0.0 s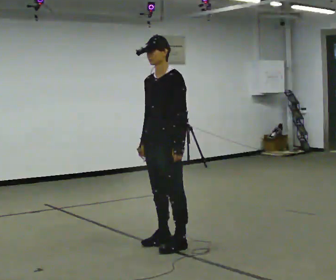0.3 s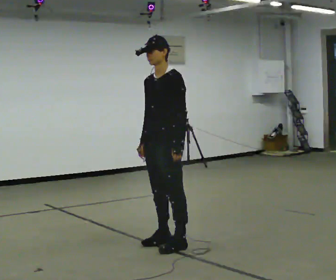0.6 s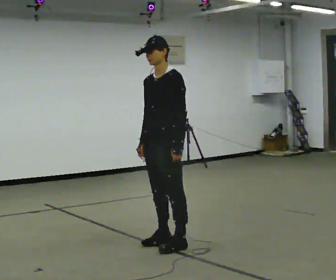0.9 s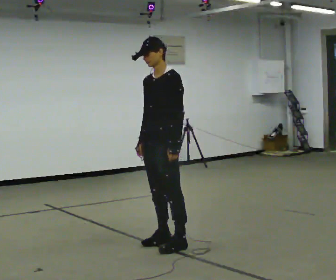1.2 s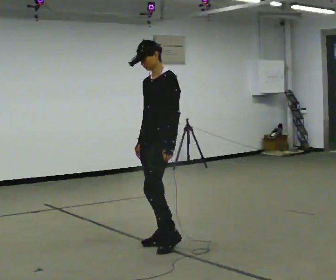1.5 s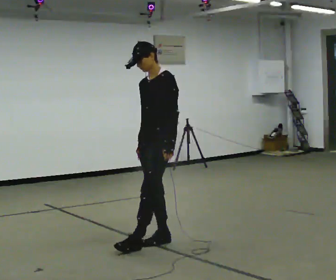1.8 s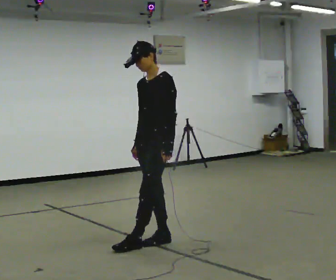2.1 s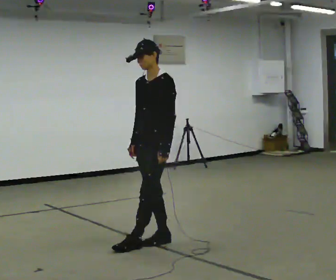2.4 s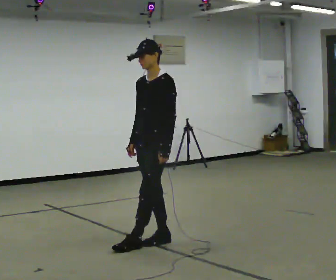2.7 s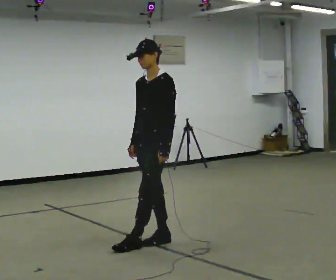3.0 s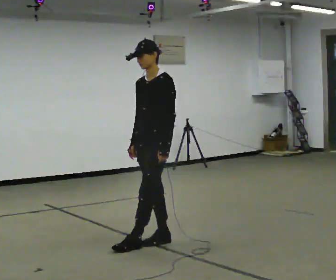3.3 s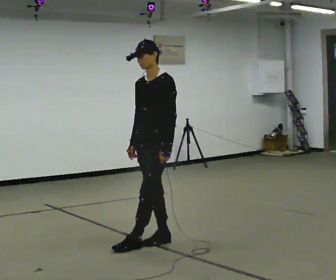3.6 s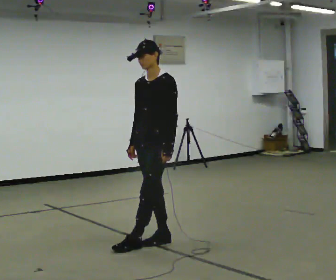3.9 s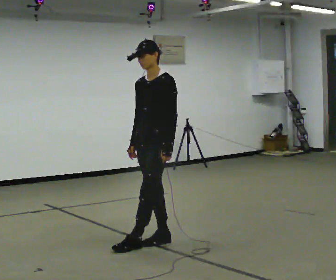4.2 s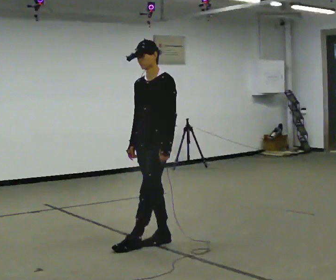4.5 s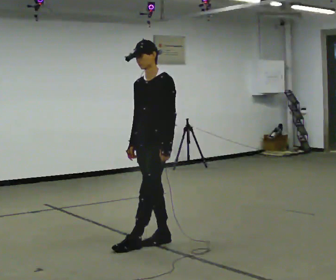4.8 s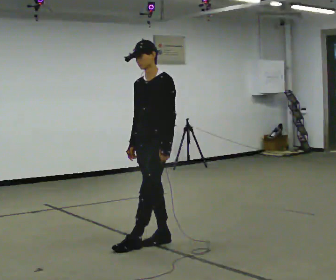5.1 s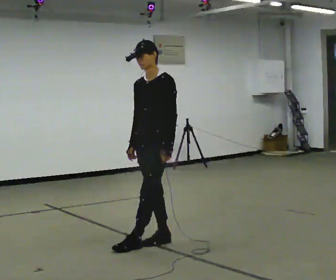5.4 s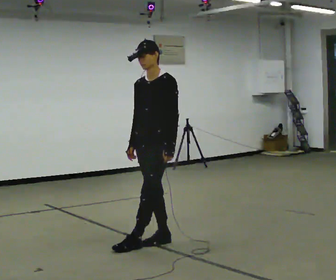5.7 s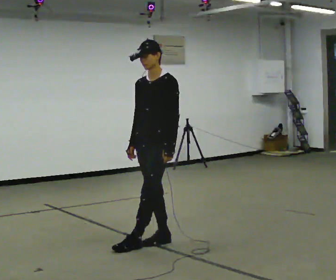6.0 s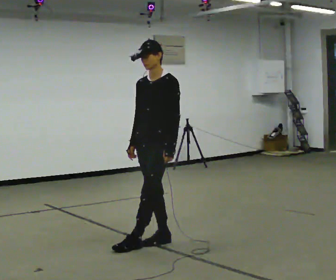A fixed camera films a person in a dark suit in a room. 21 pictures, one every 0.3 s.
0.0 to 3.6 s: The person moves a little, or ends about where they began.
3.6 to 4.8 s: The person keeps their place and pose.
4.8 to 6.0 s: The person moves a little, or ends about where they began.
The film runs forward here.
